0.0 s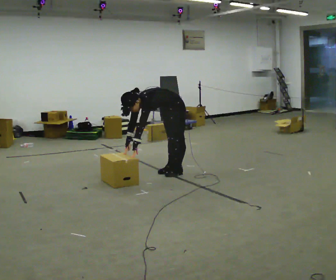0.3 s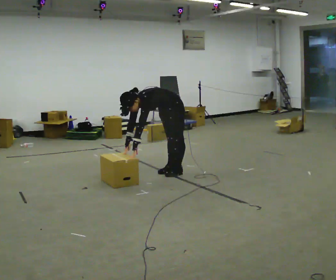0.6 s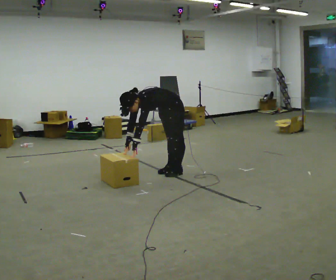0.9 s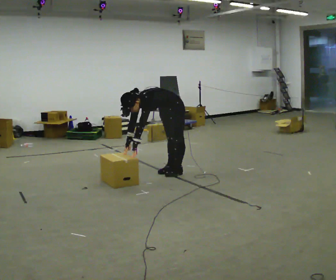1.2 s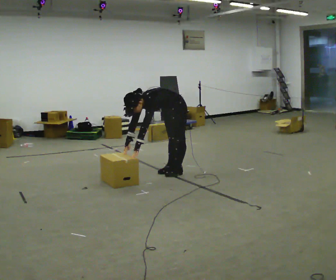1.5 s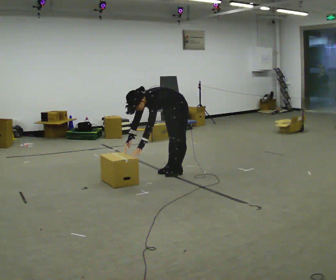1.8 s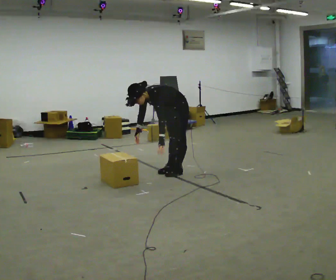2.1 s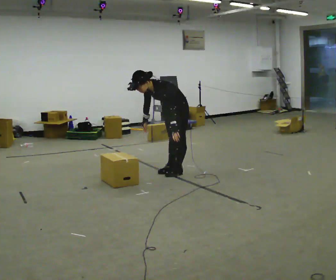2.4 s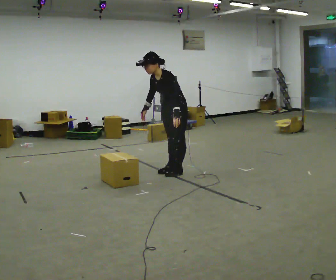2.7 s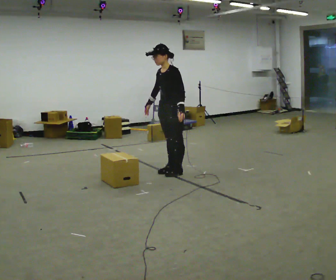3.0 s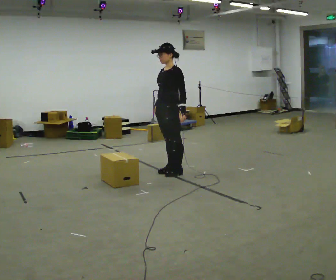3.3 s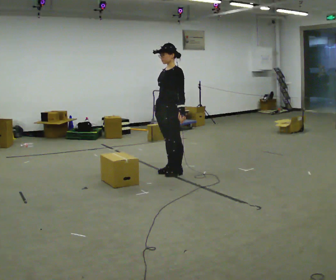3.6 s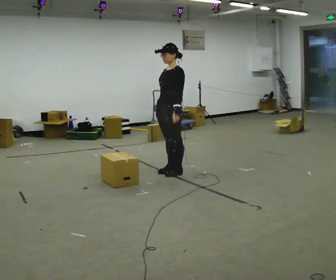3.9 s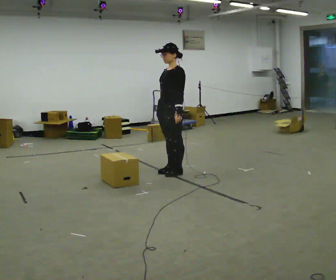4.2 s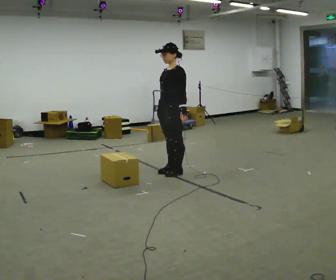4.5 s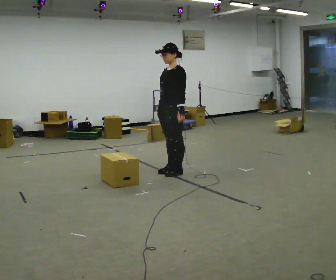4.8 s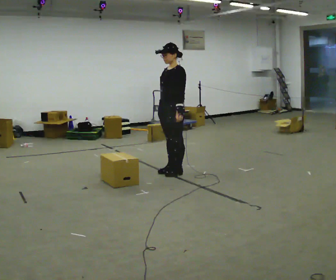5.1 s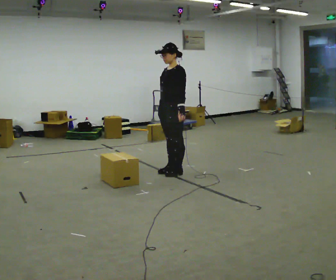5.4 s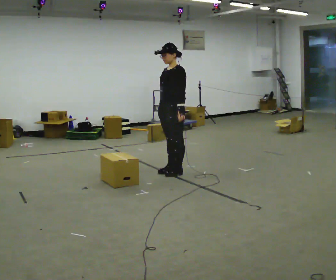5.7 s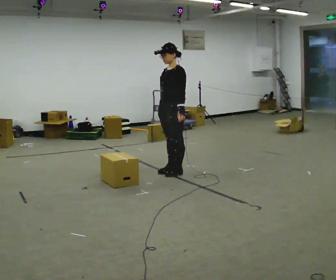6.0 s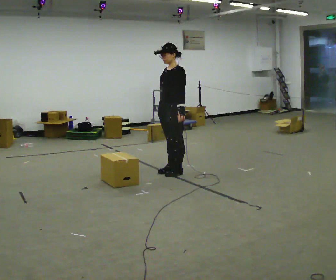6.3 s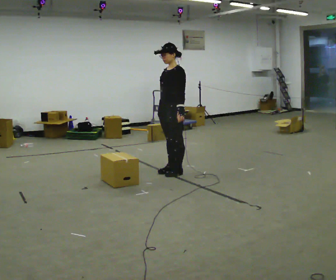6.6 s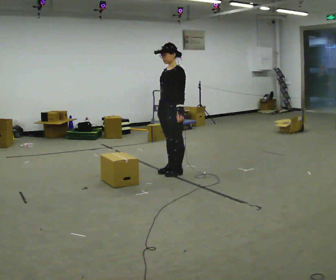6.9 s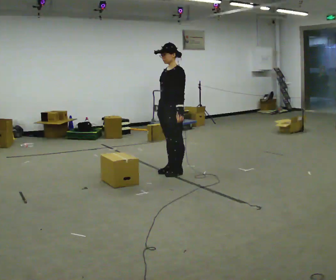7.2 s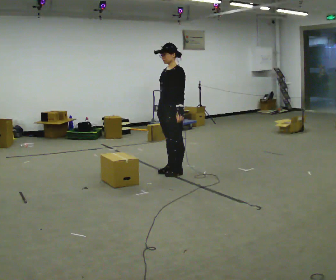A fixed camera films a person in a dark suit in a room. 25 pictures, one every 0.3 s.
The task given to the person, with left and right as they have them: The object is placed just too far away for you to reach. Try to reach it while keeping both feet planted, and step only when you have to. Repeat at your own pace until the operator says stop. Go slowly and only as far as you are comfortable. Step whenever you need to; do not try to hold on longer than feels safe.
0.0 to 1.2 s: The person moves a little, or ends about where they began.
1.2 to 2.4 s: The upper body goes upward. In the picture the upper body tilts clockwise, shoulders to the right, as they lean back or straighten. In the picture their left hand goes to the right and upward.
2.4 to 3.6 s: In the picture the upper body tilts clockwise, shoulders to the right, as they lean back or straighten.
3.6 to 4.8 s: The person moves a little, or ends about where they began.
4.8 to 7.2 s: The person keeps their place and pose.
The film runs forward here.
